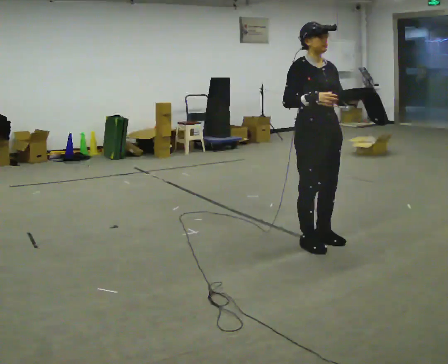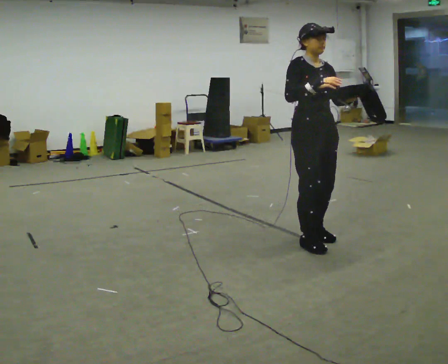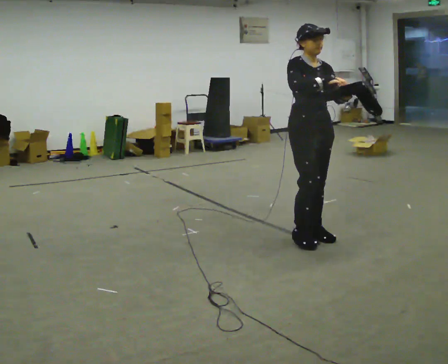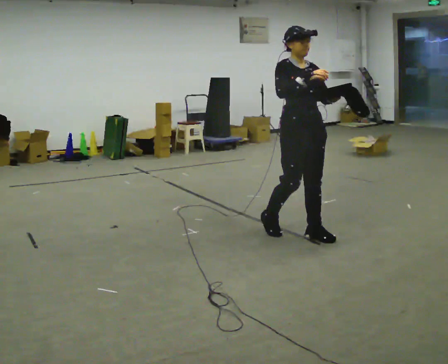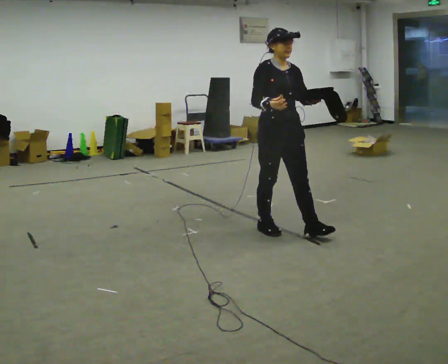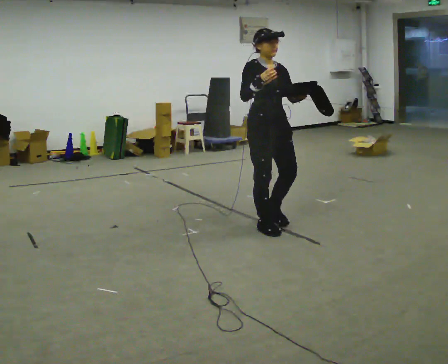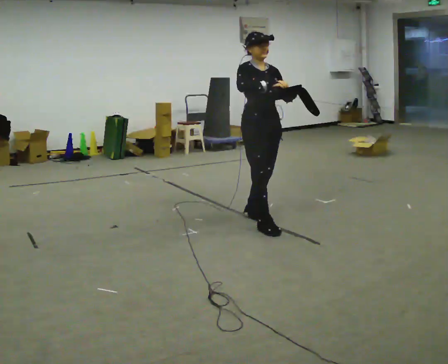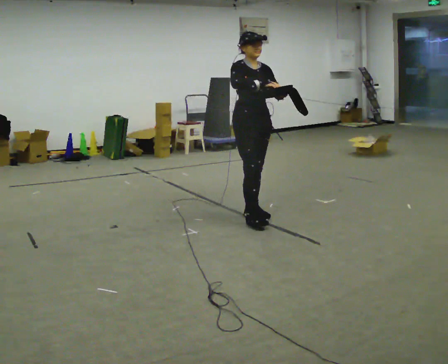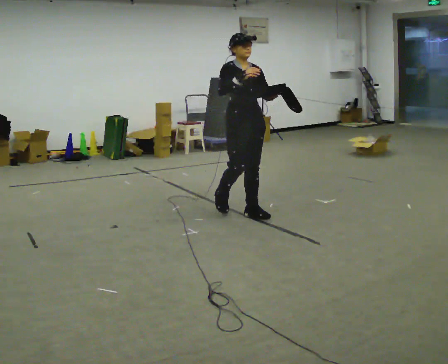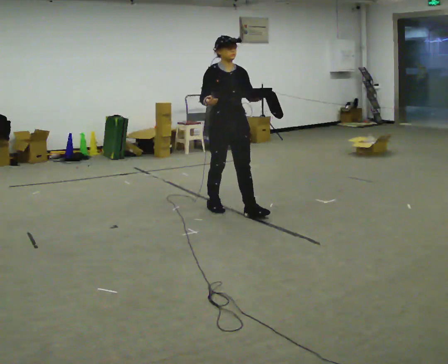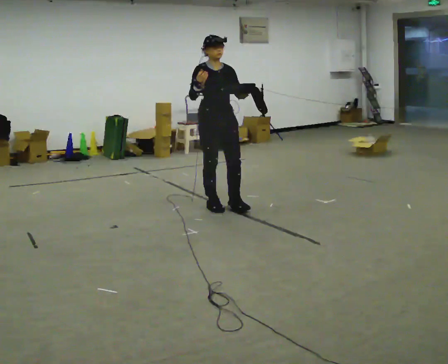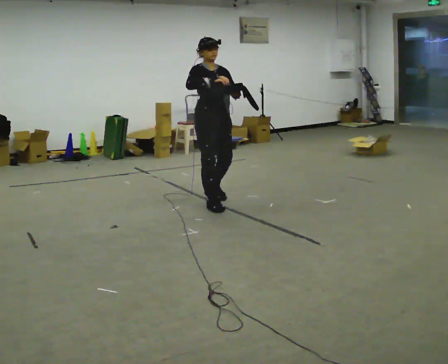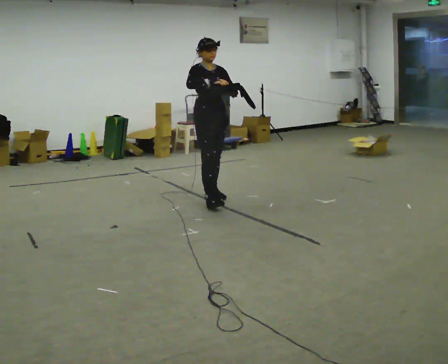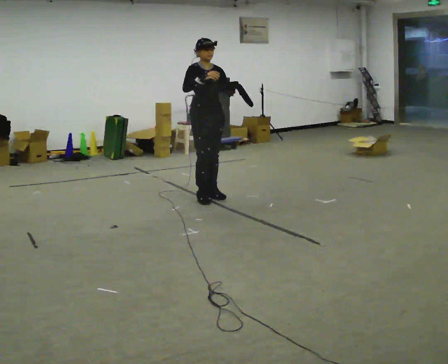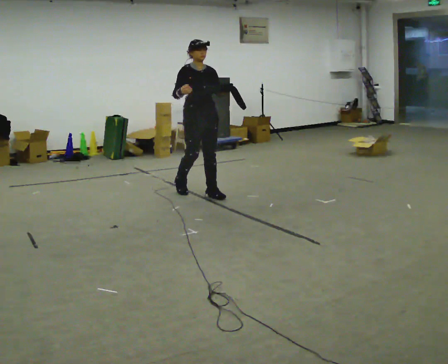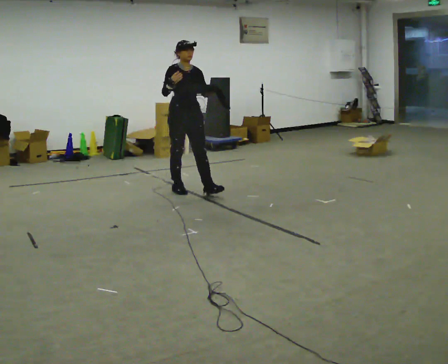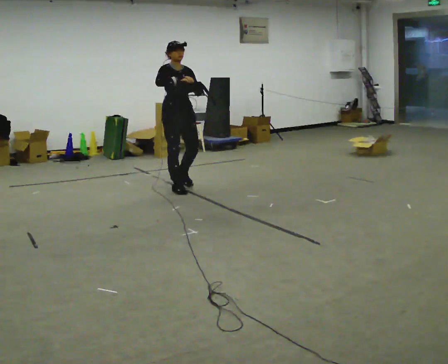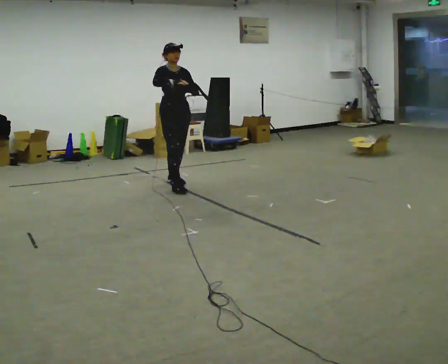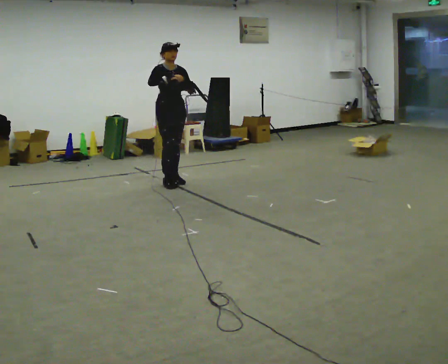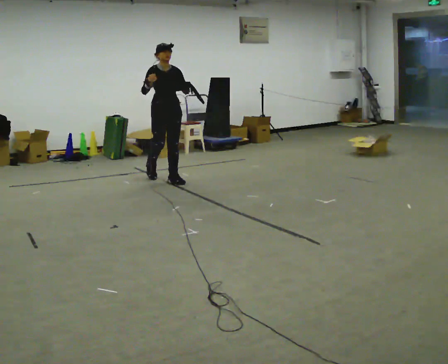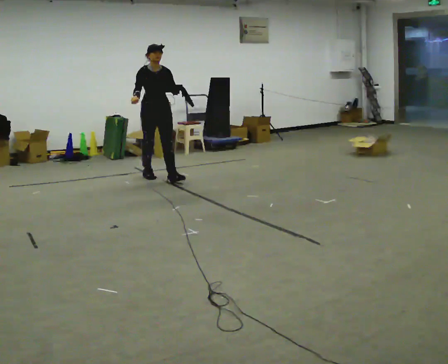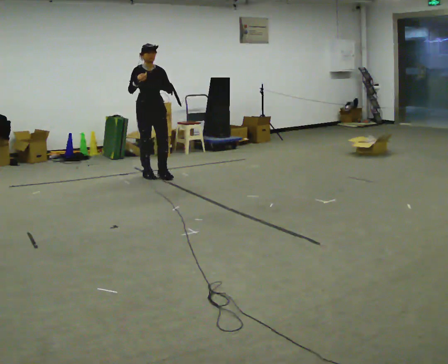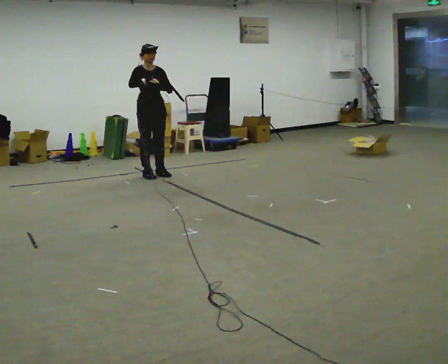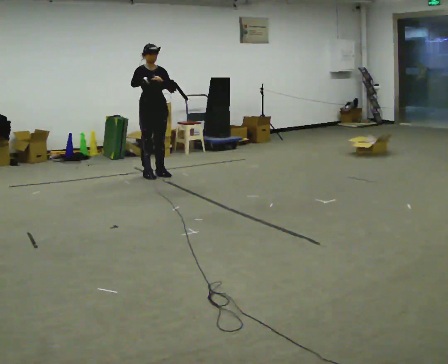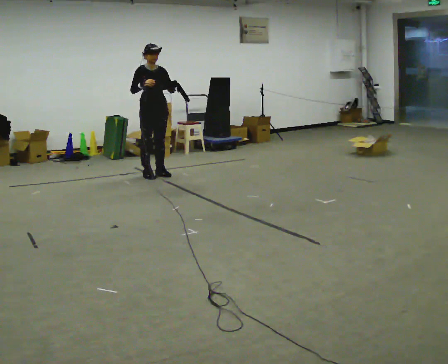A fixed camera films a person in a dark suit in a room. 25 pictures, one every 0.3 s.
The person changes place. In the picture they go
away from the camera.
0.0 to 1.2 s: In the picture they go away from the camera and to the left, about 0.5 m in 2 steps, which for them is backward.
1.2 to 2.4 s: In the picture they go away from the camera and to the left, about 0.5 m in 1 step, which for them is backward.
2.4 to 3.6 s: In the picture they go away from the camera and to the left, about 0.5 m in 1 step, which for them is backward.
3.6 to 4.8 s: In the picture they go away from the camera and to the left, about 0.5 m in 2 steps, which for them is backward.
4.8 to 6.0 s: In the picture they go away from the camera and to the left, about 0.5 m in 1 step, which for them is backward.
6.0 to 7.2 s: The person moves a little, or ends about where they began.
The film runs backward here.
